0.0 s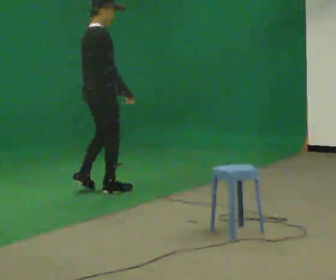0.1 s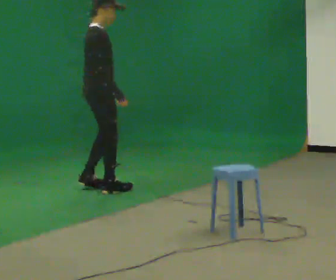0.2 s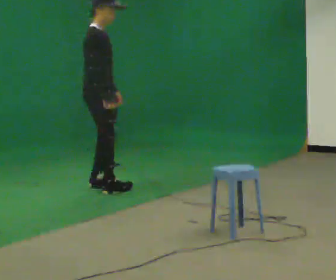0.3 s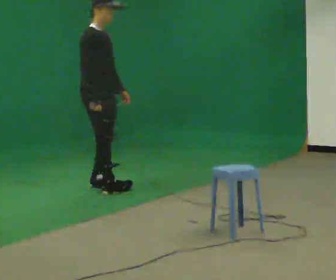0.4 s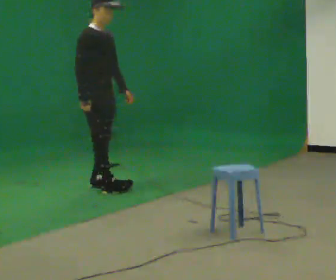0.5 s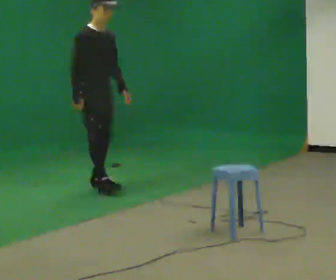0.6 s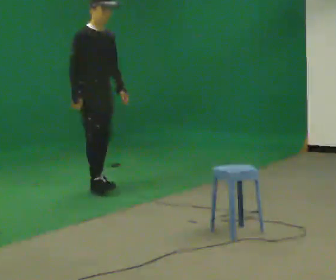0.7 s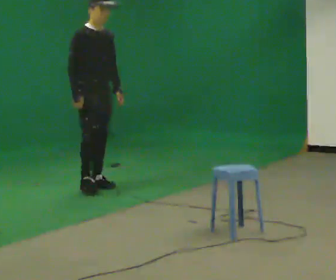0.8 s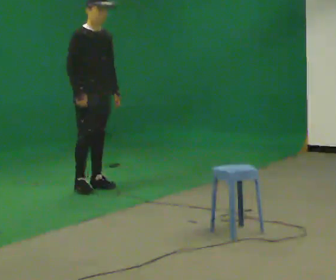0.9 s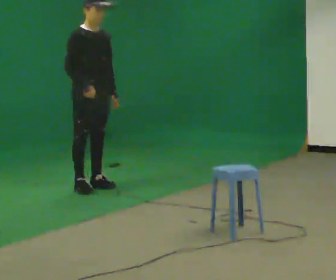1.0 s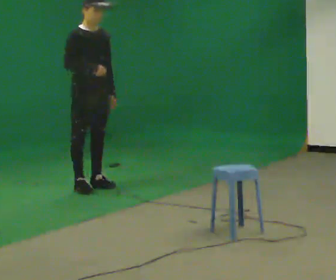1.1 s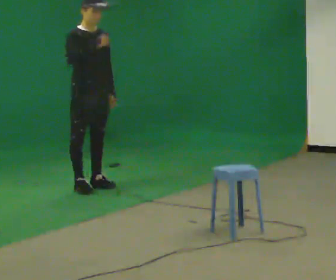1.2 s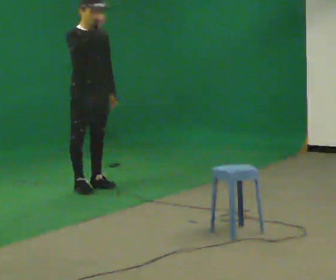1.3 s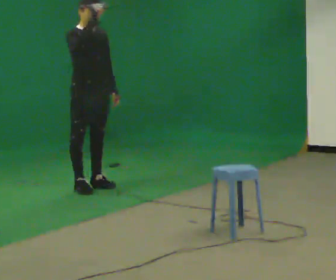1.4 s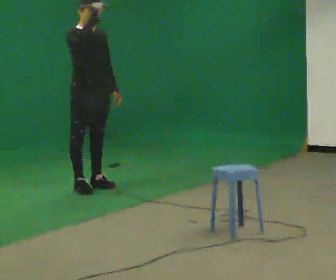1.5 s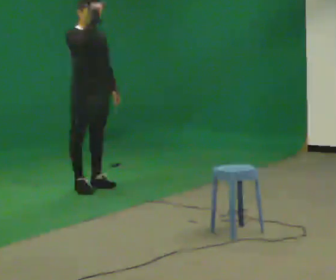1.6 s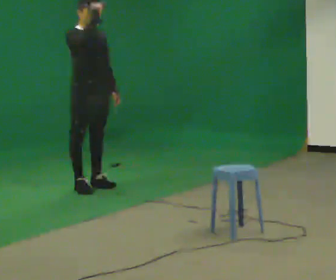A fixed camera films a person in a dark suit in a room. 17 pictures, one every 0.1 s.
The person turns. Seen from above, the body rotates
clockwise.
The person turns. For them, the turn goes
to their right.
0.0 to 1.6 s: The person turns about 60 degrees to their right, clockwise seen from above, so the part of the body nearest the lens slides to the left. In the picture their right hand goes upward.
The film runs forward here.
